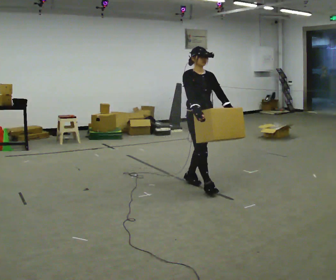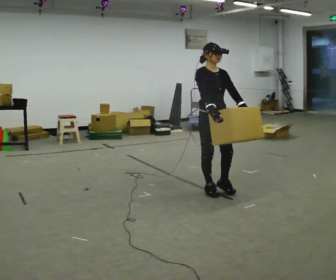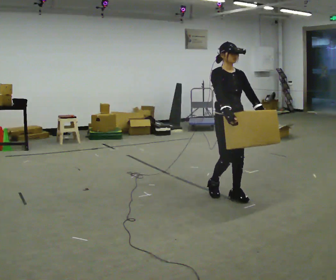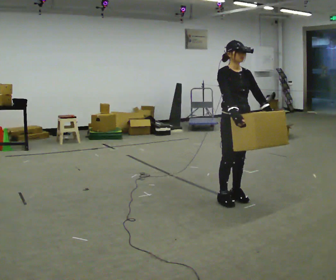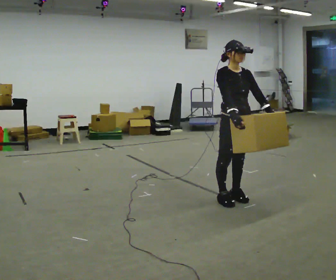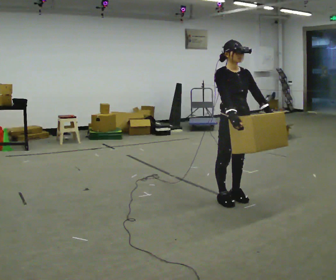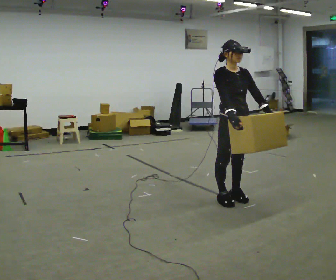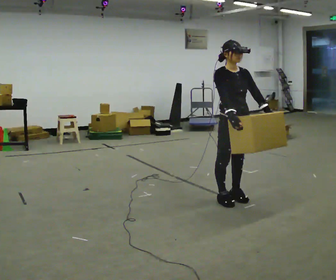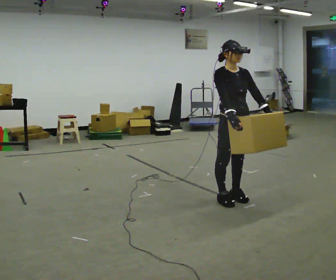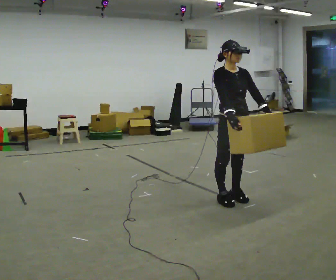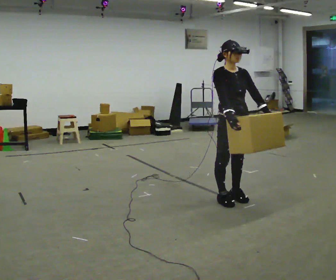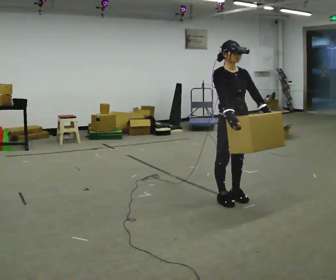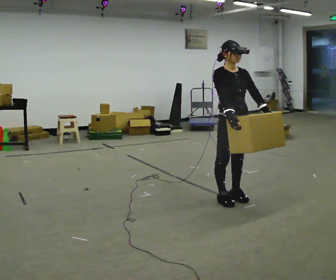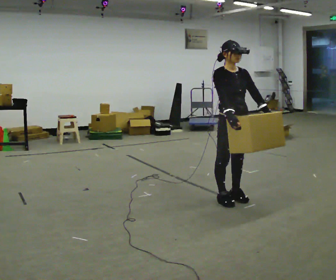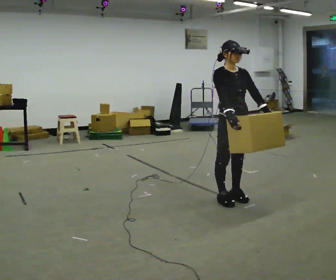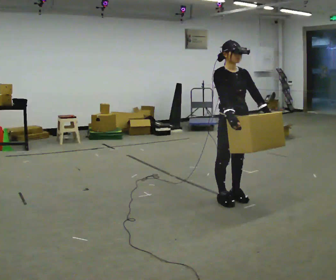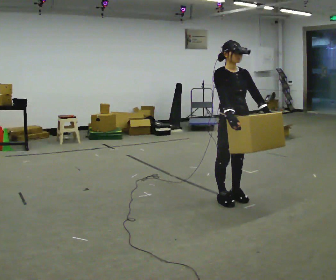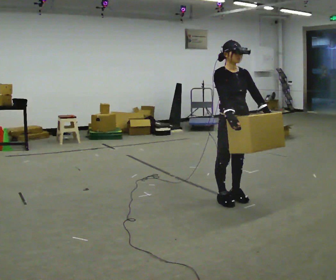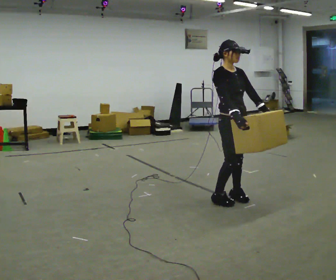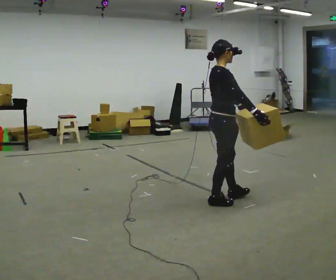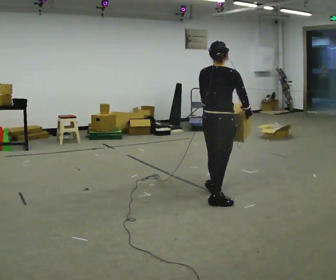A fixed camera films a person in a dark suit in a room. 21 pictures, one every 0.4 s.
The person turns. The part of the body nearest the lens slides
to the right.
The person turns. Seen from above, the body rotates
counterclockwise.
0.0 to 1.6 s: In the picture they go toward the camera and to the right, about 0.5 m in 2 steps, which for them is forward.
1.6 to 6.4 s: The person moves a little, or ends about where they began.
6.4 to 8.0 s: The part of the body nearest the lens slides to the right as the person turns to their left by about 135 degrees. In the picture they go to the left, about 0.25 m in 1 step.
The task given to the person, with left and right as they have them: Carry the medium box in both hands in front of you, walking back and forth across the room. Keep walking until the operator says stop.
The film runs forward here.
